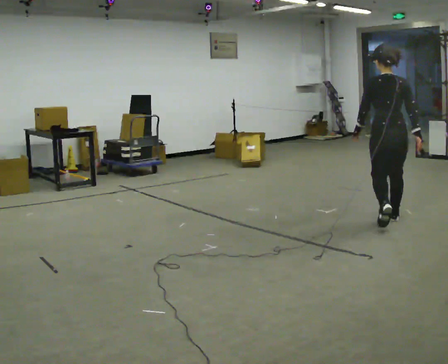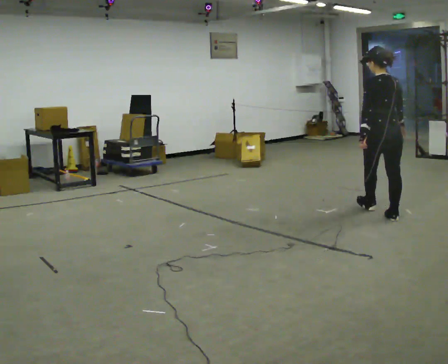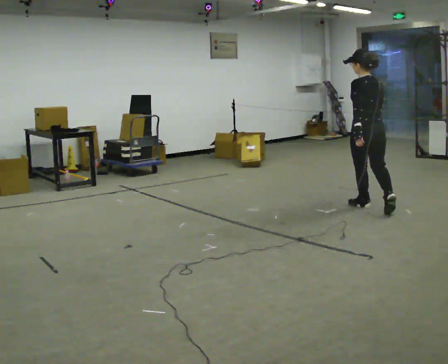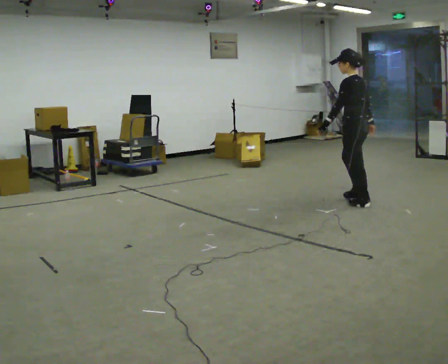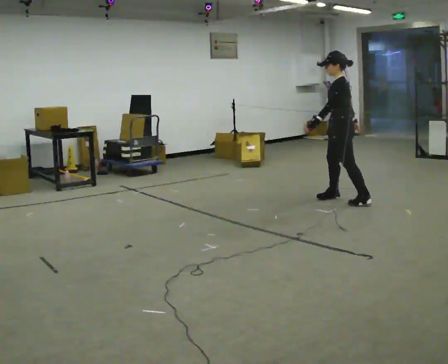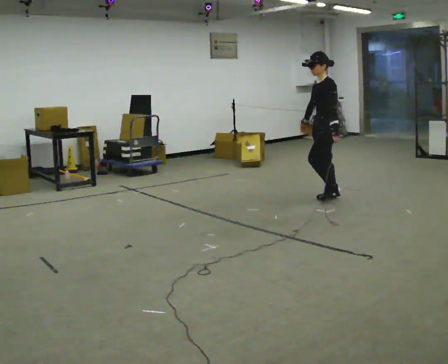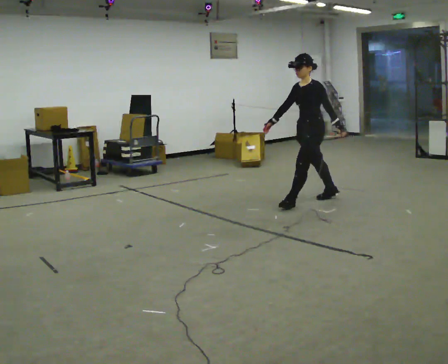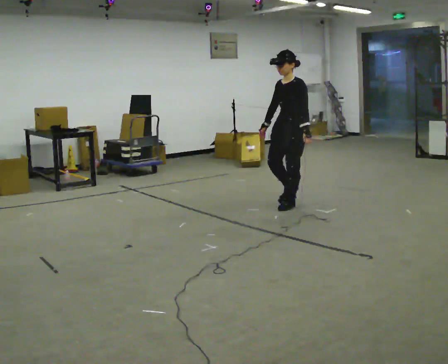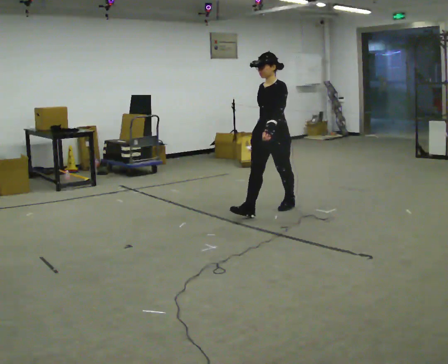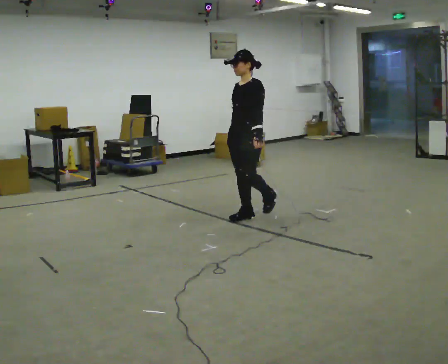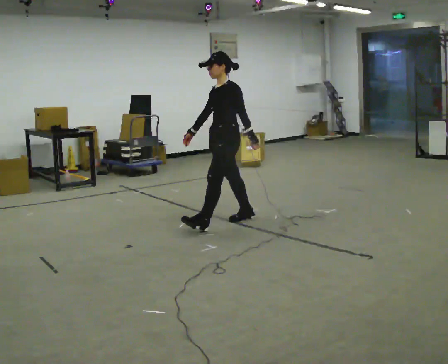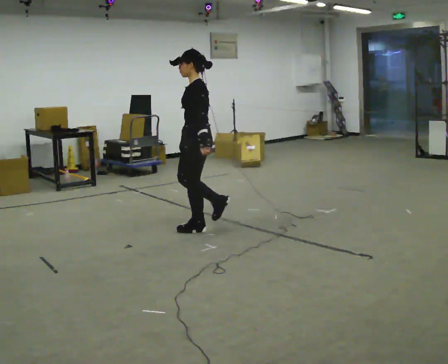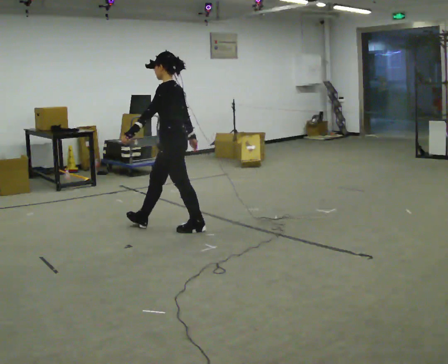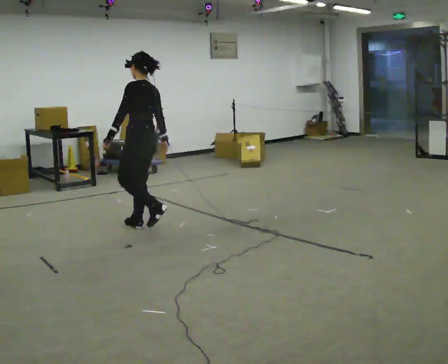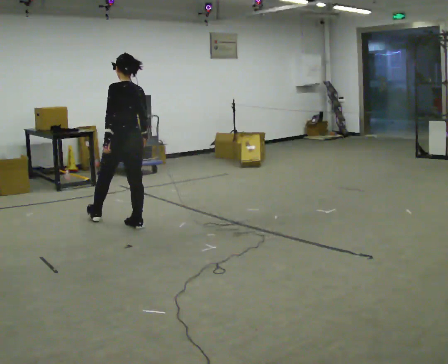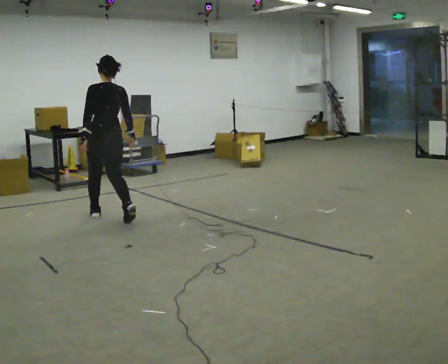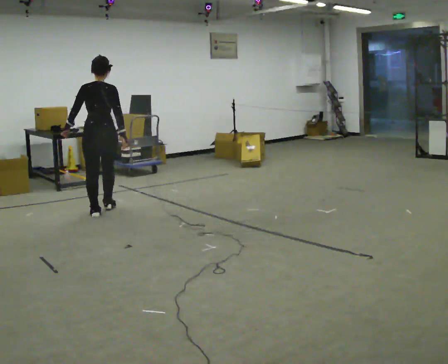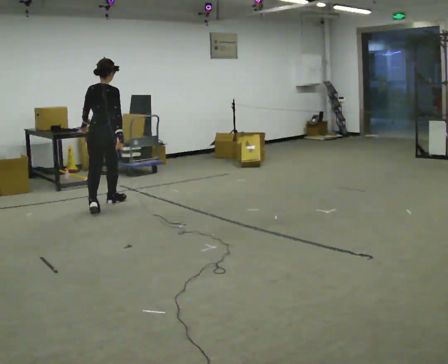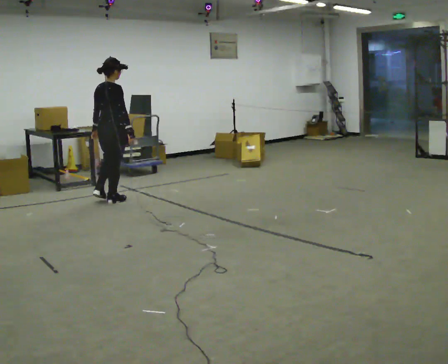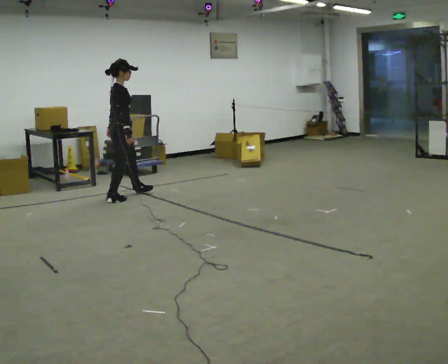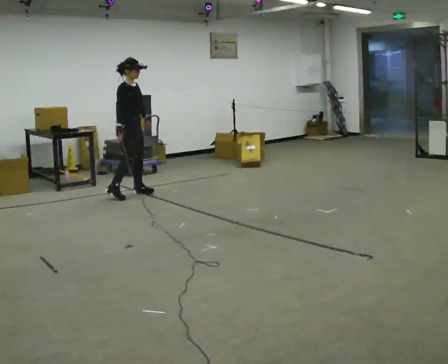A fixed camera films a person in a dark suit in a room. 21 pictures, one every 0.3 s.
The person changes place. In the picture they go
to the left.
0.0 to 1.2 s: The part of the body nearest the lens slides to the right as the person turns to their left by about 90 degrees. In the picture they go away from the camera, about 1 m in 2 steps.
1.2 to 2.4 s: The part of the body nearest the lens slides to the right as the person turns to their left by about 60 degrees. In the picture they go to the left, about 1 m in 1 step, which for them is forward.
2.4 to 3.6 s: The person turns about 45 degrees to their right, clockwise seen from above, so the part of the body nearest the lens slides to the left. In the picture they go to the left and toward the camera, about 1 m in 2 steps, which for them is forward.
3.6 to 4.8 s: Seen from above the body turns clockwise, about 75 degrees: to their right, with its near side sliding to the left. In the picture they go to the left and away from the camera, about 1 m in 2 steps.
4.8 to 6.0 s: The part of the body nearest the lens slides to the left as the person turns to their right by about 120 degrees. In the picture they go away from the camera, about 1 m in 2 steps.
The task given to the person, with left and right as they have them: Follow S-shaped path continuously; no stopping between curves.
The film runs forward here.
